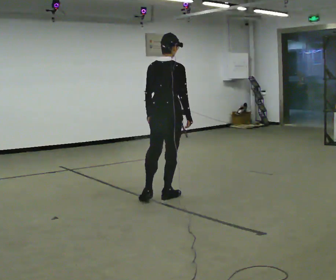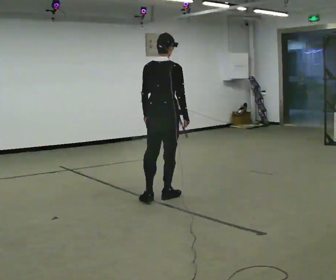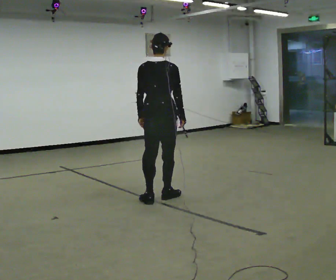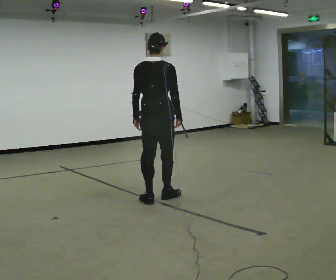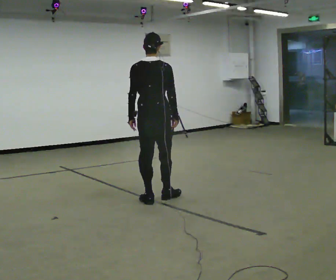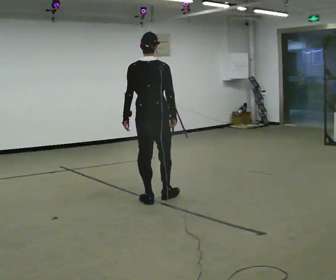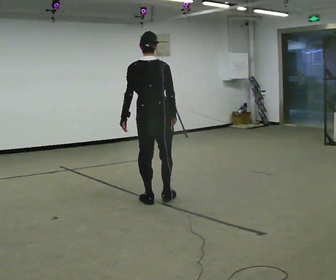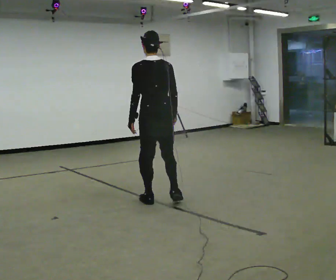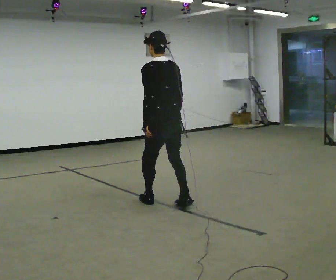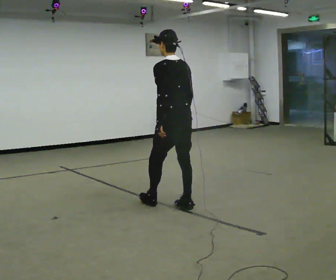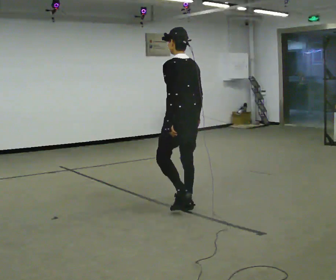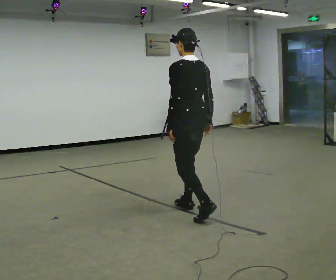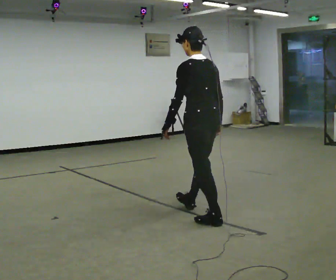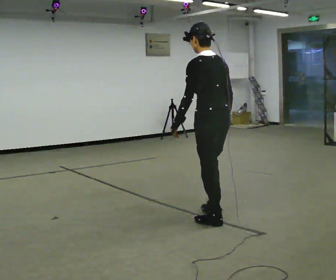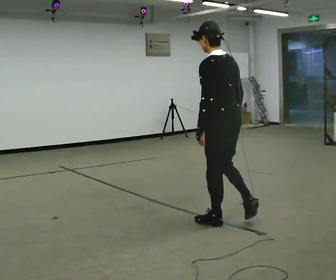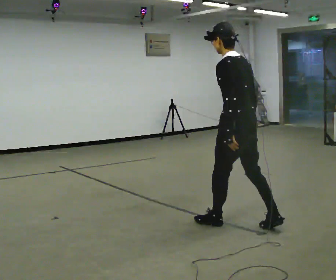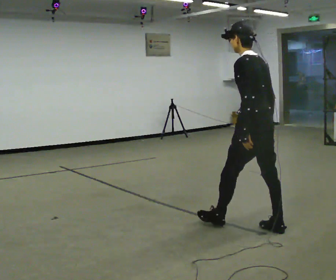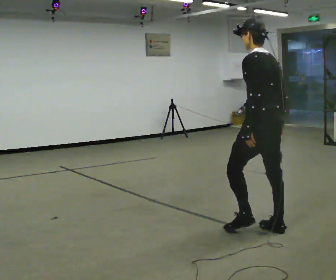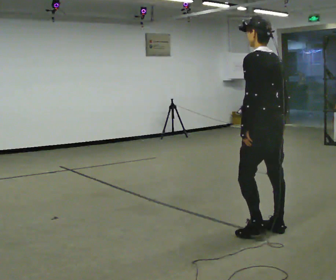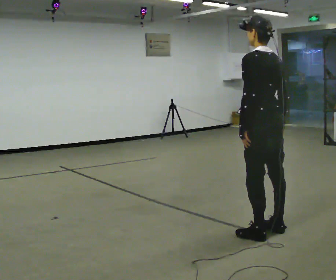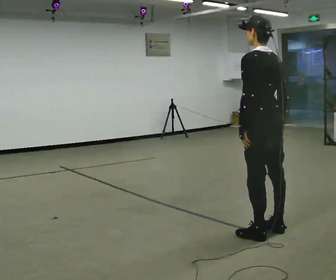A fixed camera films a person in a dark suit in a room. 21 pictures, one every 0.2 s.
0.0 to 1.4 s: Seen from above the body turns counterclockwise, about 45 degrees: to their left, with its near side sliding to the right. In the picture they go toward the camera, about 0.25 m in 1 step, which for them is backward.
1.4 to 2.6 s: In the picture they go toward the camera and to the right, about 1 m in 2 steps, which for them is backward.
2.6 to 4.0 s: In the picture they go to the right and toward the camera, about 0.5 m in 1 step, which for them is backward.
The film runs backward here.
